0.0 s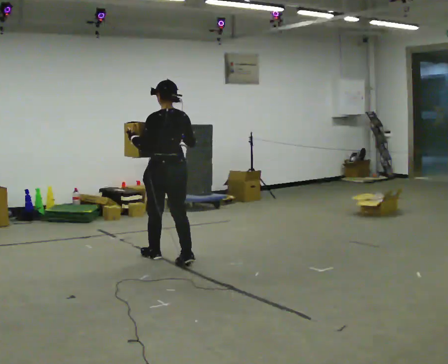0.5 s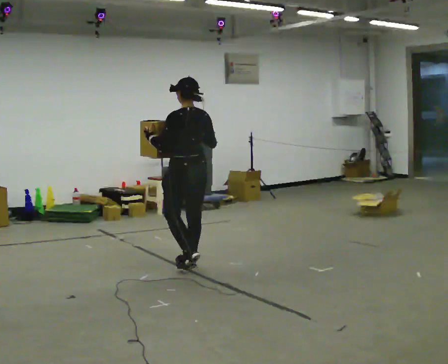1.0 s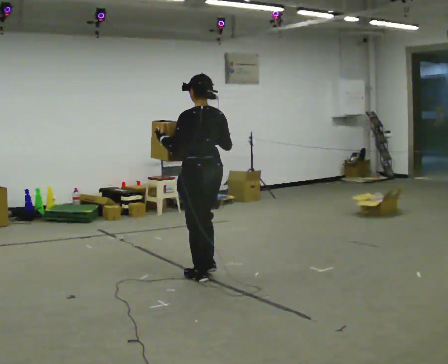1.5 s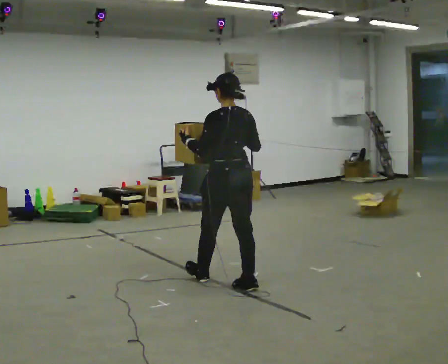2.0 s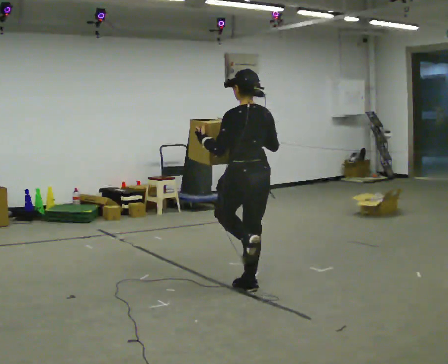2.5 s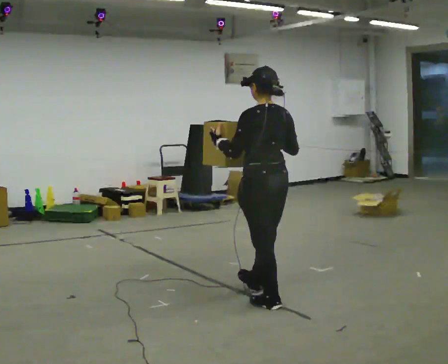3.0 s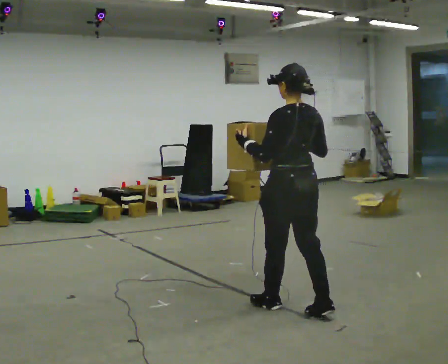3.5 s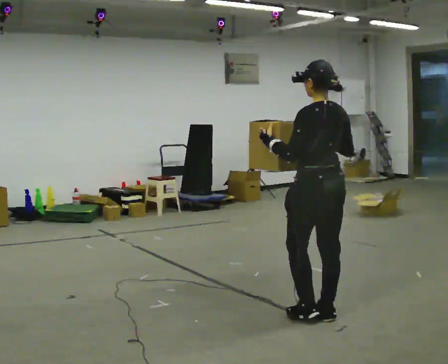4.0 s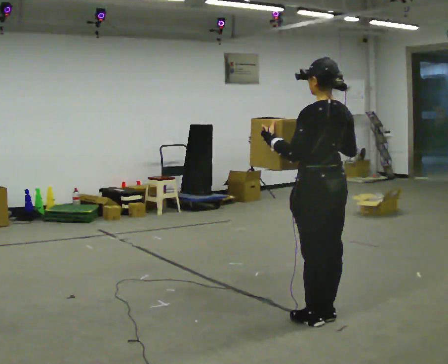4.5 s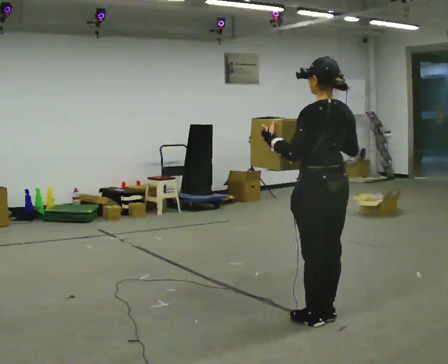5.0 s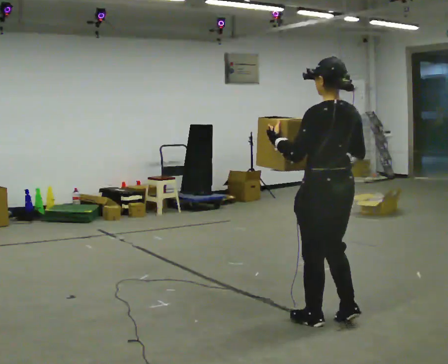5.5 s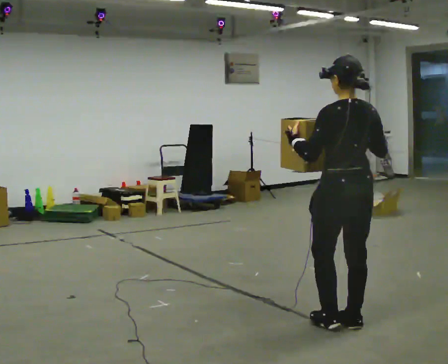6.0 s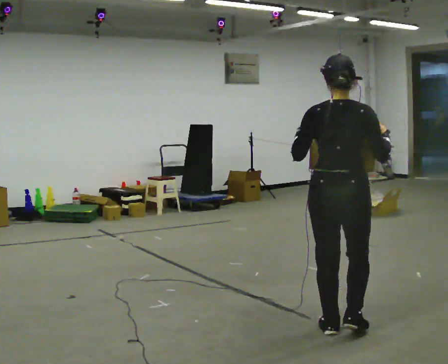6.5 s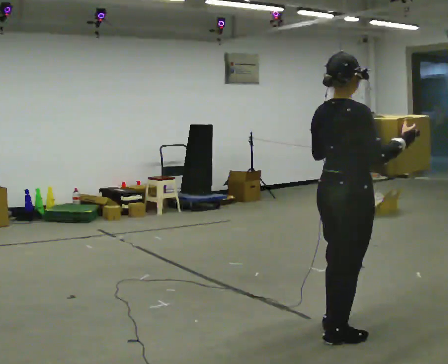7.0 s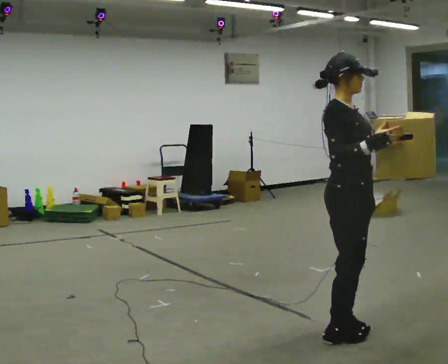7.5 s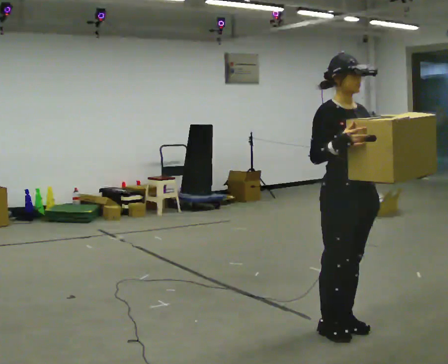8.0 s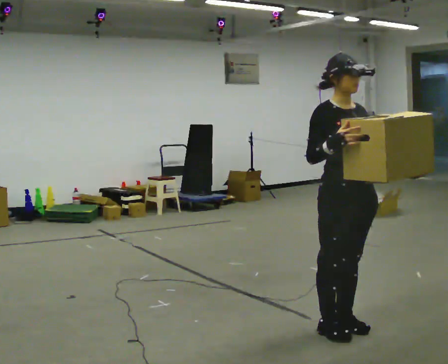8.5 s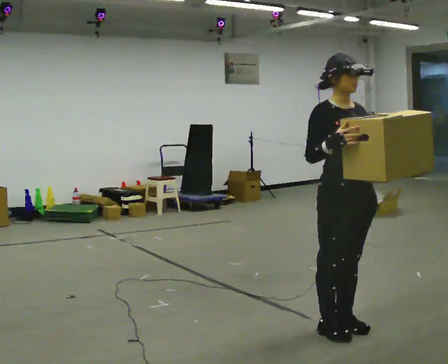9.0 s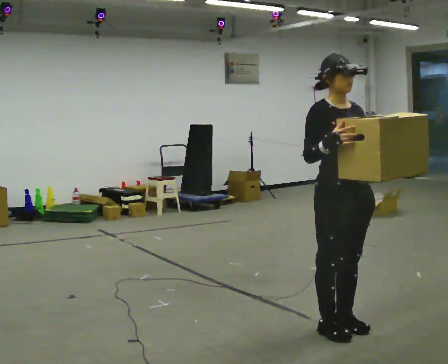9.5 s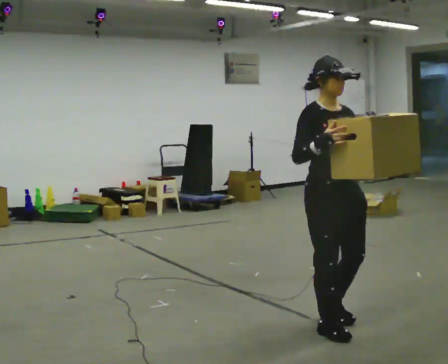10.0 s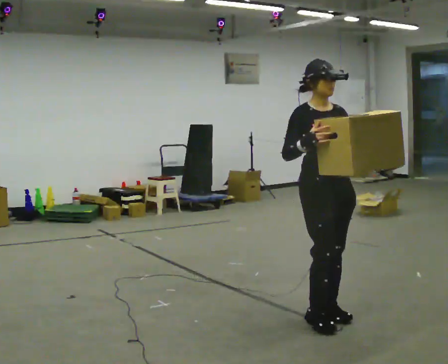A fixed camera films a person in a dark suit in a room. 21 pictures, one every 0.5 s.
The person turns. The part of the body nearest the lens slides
to the left.
The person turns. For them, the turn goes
to their right.
0.0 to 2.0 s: In the picture they go toward the camera and to the right, about 1 m in 3 steps, which for them is backward.
2.0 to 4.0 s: In the picture they go toward the camera and to the right, about 1 m in 2 steps, which for them is backward.
4.0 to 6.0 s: The part of the body nearest the lens slides to the left as the person turns to their right by about 45 degrees. In the picture they go toward the camera, about 0.25 m in 3 steps, which for them is backward.
6.0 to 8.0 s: The part of the body nearest the lens slides to the left as the person turns to their right by about 135 degrees. In the picture their left hand goes to the right.
8.0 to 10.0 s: In the picture they go away from the camera, about 0.25 m in 2 steps, which for them is backward.
The film runs backward here.
